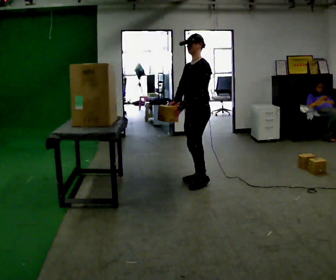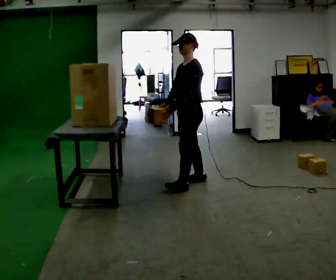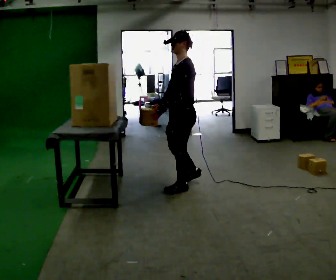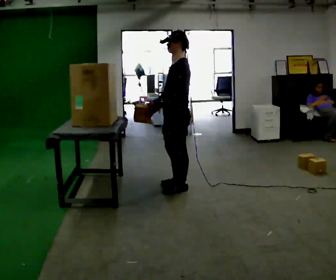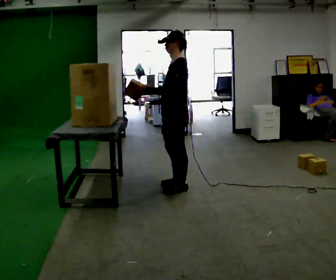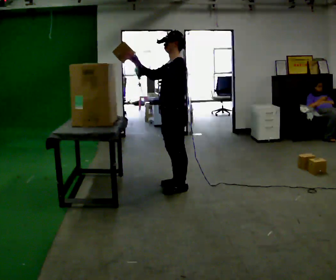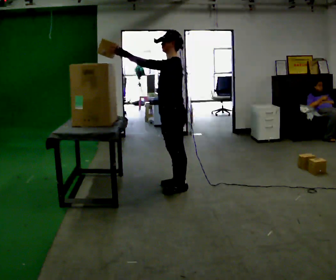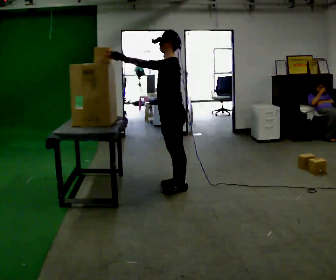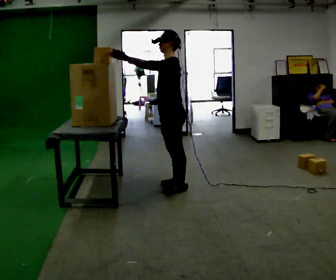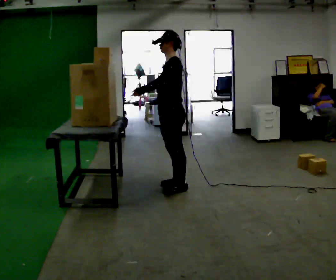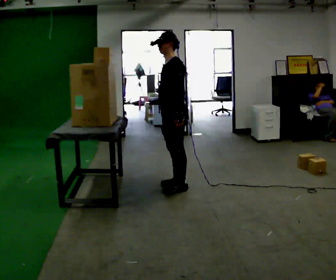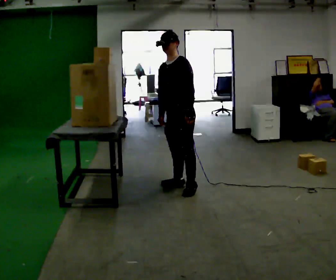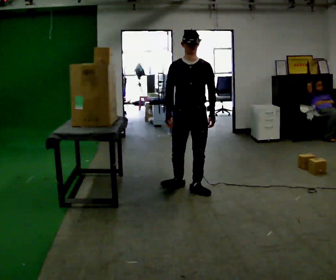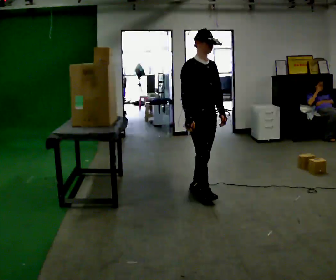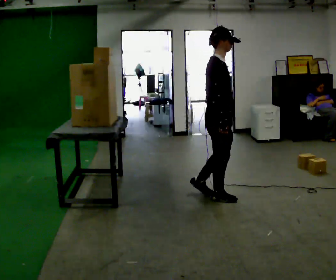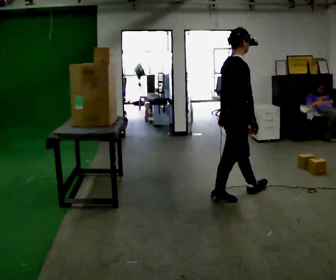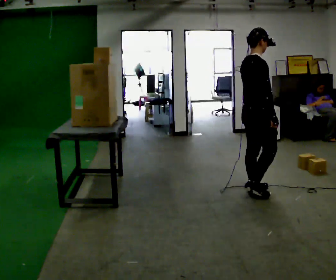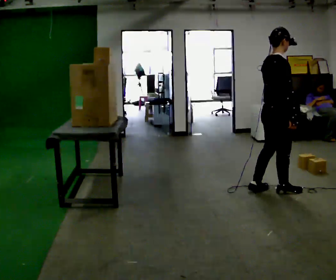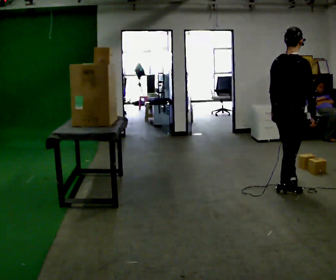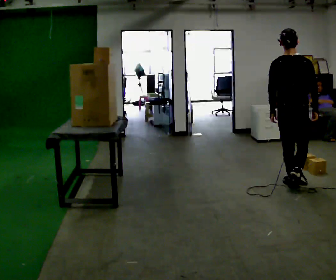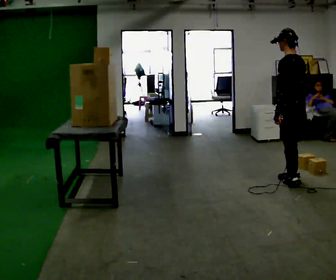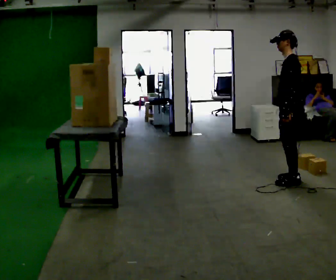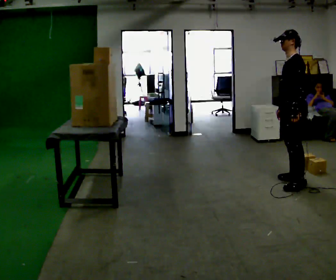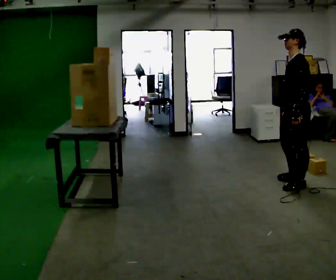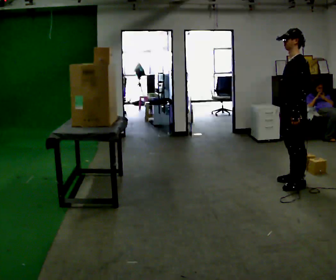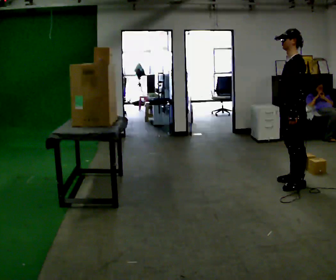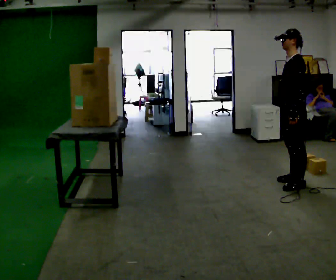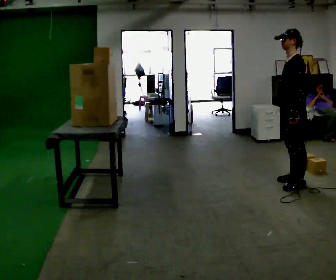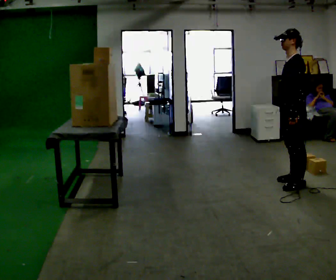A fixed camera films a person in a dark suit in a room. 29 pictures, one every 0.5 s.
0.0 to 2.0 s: In the picture they go toward the camera and to the left, about 0.25 m in 2 steps, which for them is forward and to their left.
2.0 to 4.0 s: In the picture their right hand goes upward, the arm swinging clockwise.
4.0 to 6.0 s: The person turns about 75 degrees to their left, counterclockwise seen from above, so the part of the body nearest the lens slides to the right. In the picture they go to the right, about 0.25 m. In the picture their left hand goes to the right and downward.
6.0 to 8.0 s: The person turns about 105 degrees to their left, counterclockwise seen from above, so the part of the body nearest the lens slides to the right. In the picture they go to the right, about 0.75 m in 2 steps.
8.0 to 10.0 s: The part of the body nearest the lens slides to the right as the person turns to their left by about 120 degrees. In the picture they go to the right and away from the camera, about 0.5 m in 3 steps.
10.0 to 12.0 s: The part of the body nearest the lens slides to the right as the person turns to their left by about 45 degrees.
12.0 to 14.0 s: The person keeps their place and pose.
The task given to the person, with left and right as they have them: Take an object from the lowest shelf, carry it across the room, and place it on the highest shelf you can comfortably reach. Keep going until the operator says stop; one object at a time, and do not rush between trips.
The film runs forward here.
